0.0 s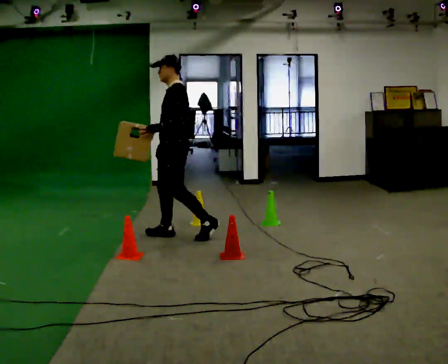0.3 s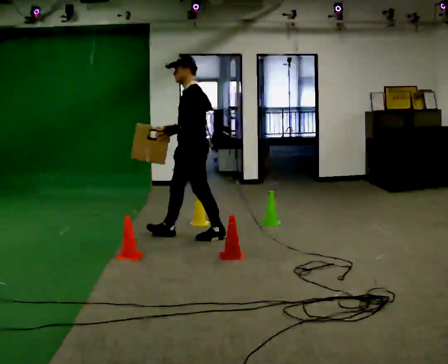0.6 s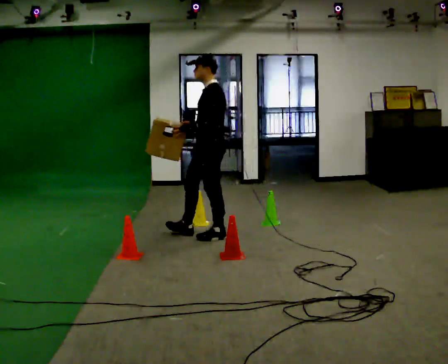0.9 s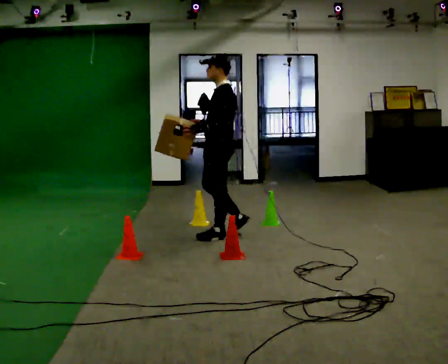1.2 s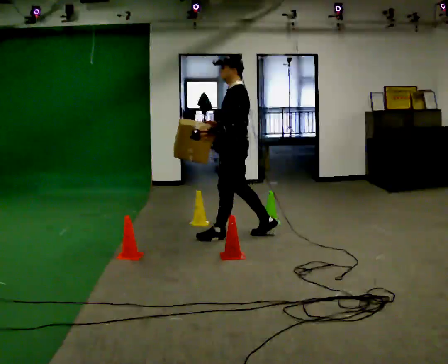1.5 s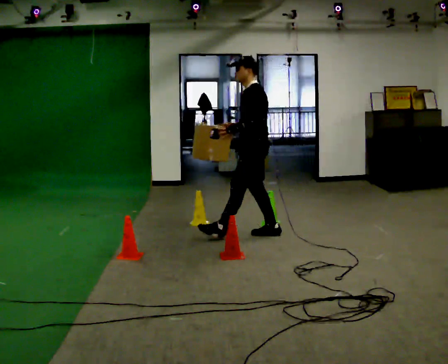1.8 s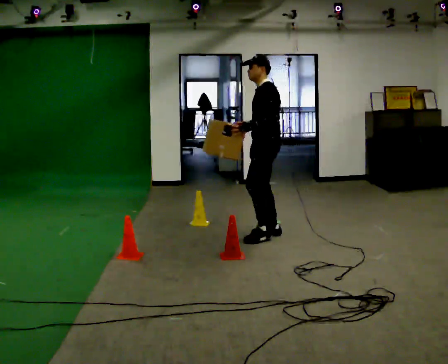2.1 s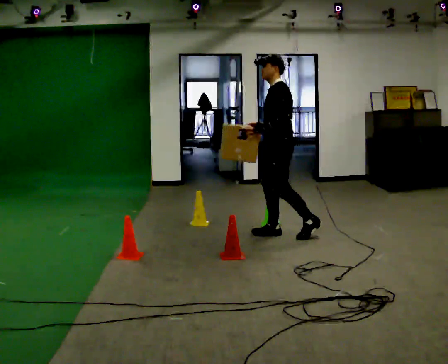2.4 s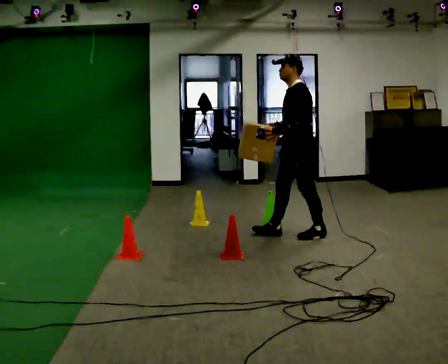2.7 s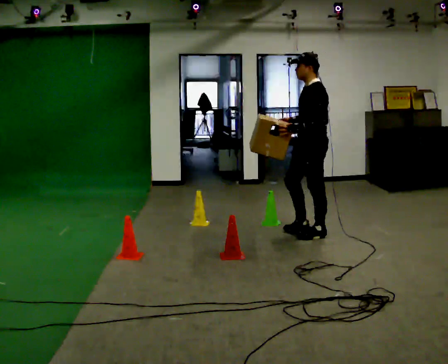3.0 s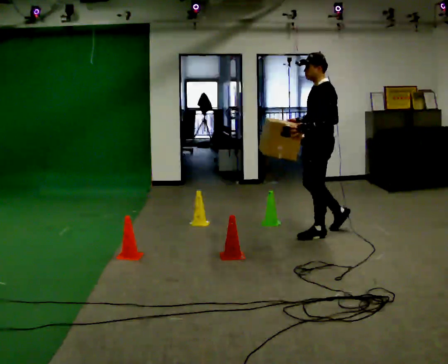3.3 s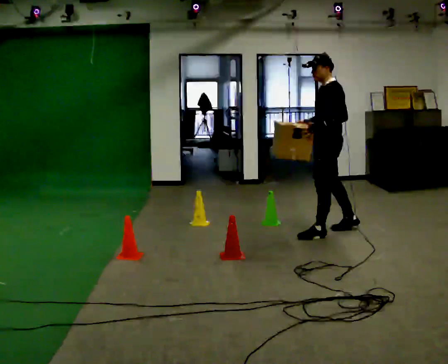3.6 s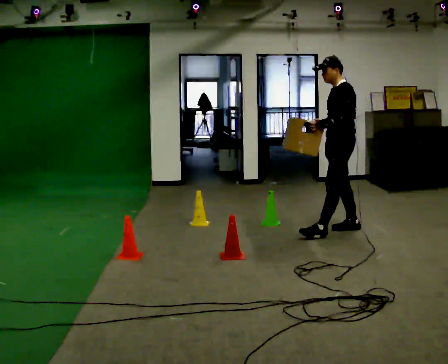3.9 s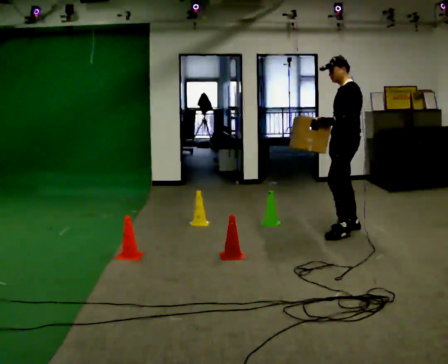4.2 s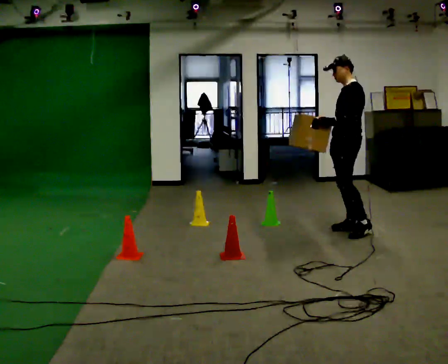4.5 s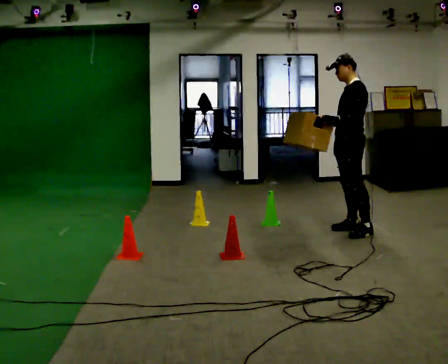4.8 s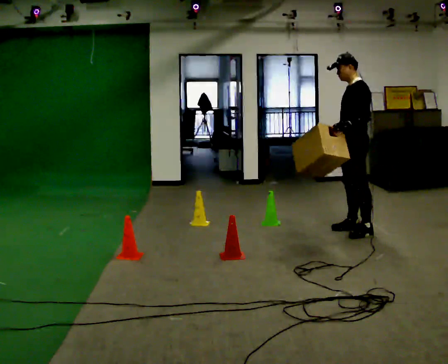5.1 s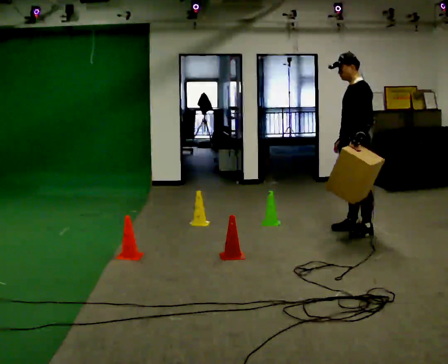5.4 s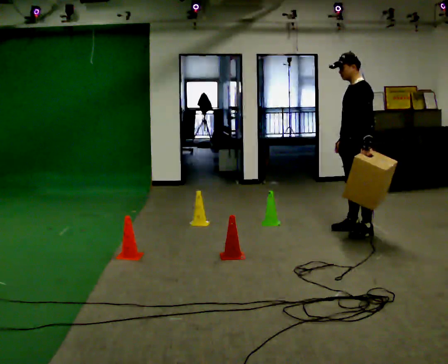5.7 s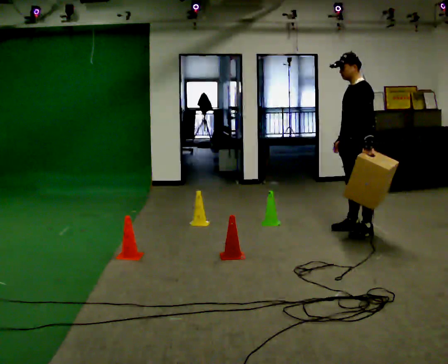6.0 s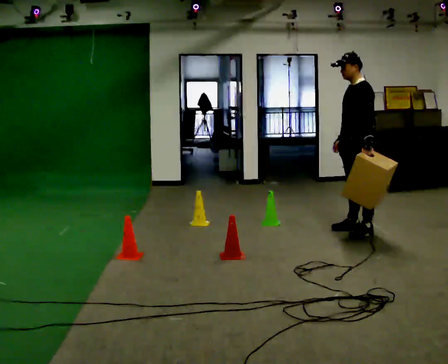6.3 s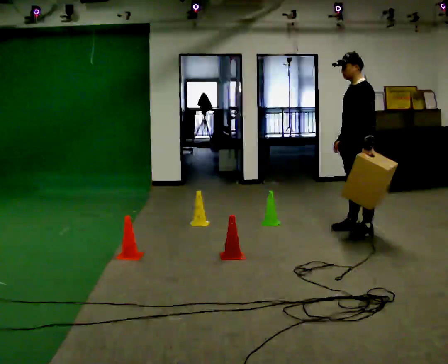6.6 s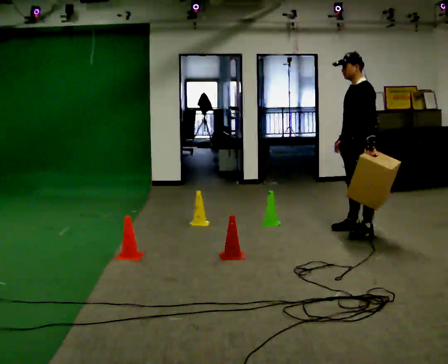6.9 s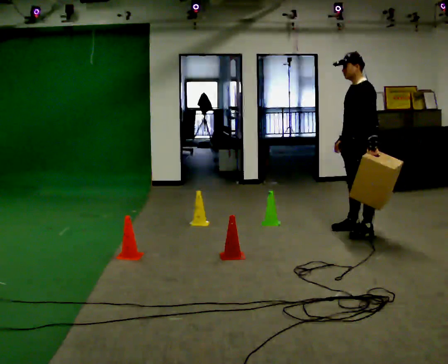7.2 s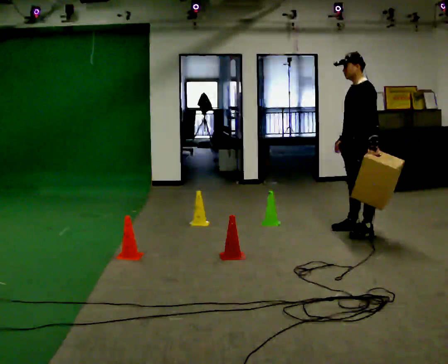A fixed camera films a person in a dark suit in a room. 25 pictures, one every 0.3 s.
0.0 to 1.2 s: In the picture they go to the right, about 0.5 m in 1 step, which for them is backward.
1.2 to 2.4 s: In the picture they go to the right, about 0.5 m in 1 step, which for them is backward.
2.4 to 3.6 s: In the picture they go to the right and away from the camera, about 0.5 m in 1 step, which for them is backward.
3.6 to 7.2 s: In the picture they go to the right, about 0.25 m in 1 step, which for them is backward. In the picture their left hand goes to the right.
The film runs backward here.
